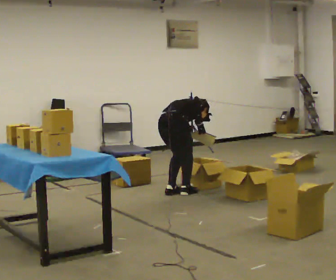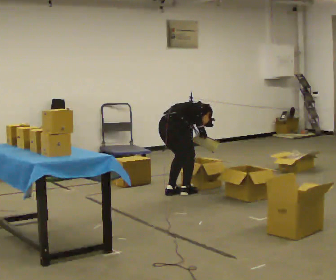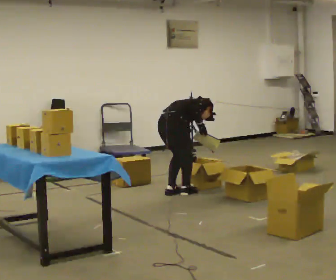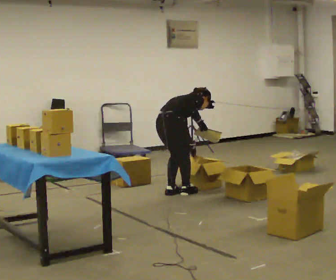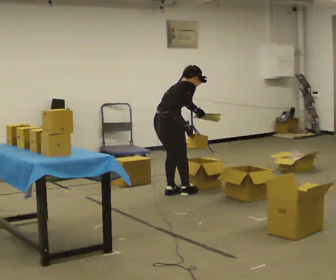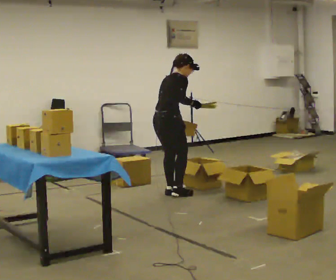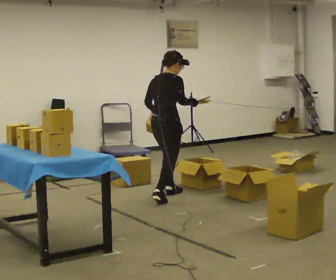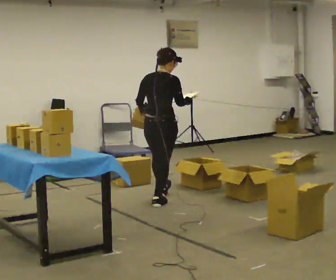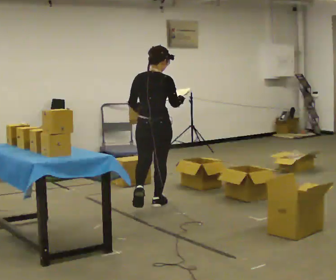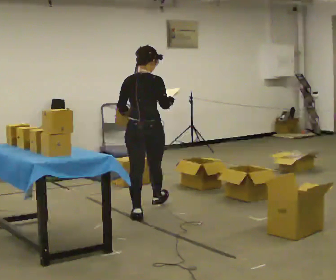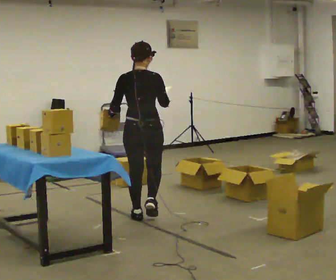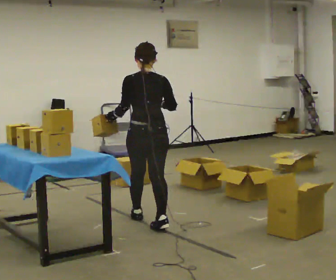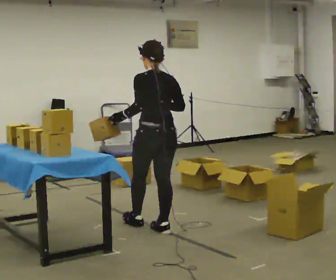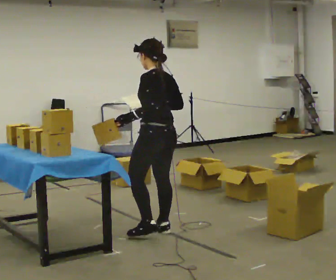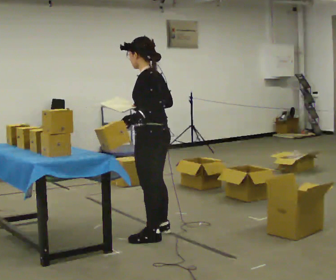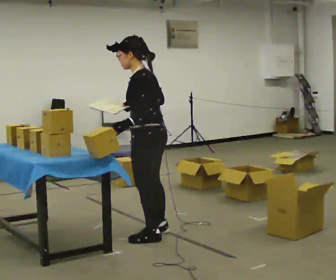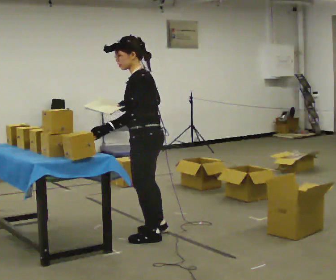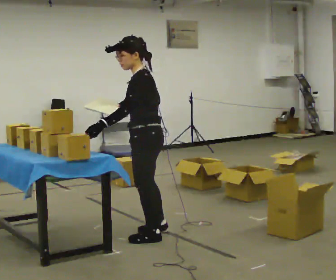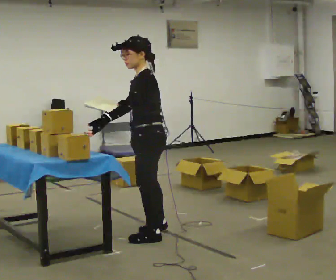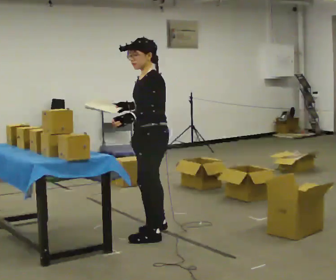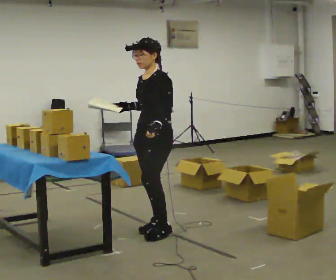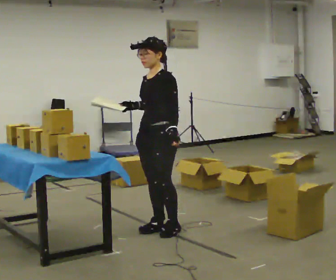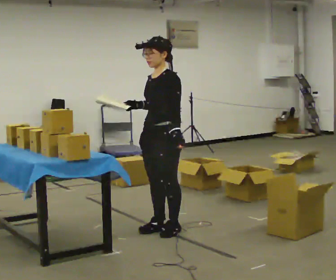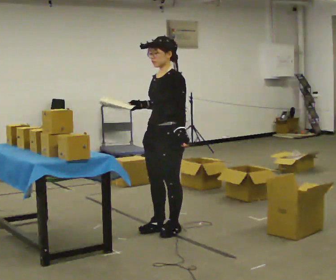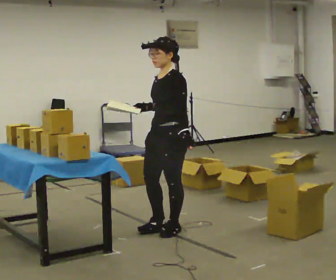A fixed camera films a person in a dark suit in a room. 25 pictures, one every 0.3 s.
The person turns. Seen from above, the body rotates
counterclockwise.
The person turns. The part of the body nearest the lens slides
to the right.
0.0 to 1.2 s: The upper body tips toward the camera, its near side rolling downward, as they lean back or straighten.
1.2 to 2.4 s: The part of the body nearest the lens slides to the right as the person turns to their left by about 45 degrees. In the picture they go toward the camera, about 0.5 m in 2 steps, which for them is backward and to their right. In the picture the upper body tilts counterclockwise, shoulders to the left, as they lean back or straighten.
2.4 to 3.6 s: The part of the body nearest the lens slides to the right as the person turns to their left by about 45 degrees. In the picture they go toward the camera, about 1 m in 2 steps, which for them is backward.
3.6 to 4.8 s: Seen from above the body turns counterclockwise, about 60 degrees: to their left, with its near side sliding to the right. In the picture they go toward the camera, about 0.25 m, which for them is to their left.
4.8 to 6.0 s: The part of the body nearest the lens slides to the right as the person turns to their left by about 45 degrees. In the picture they go away from the camera, about 0.25 m in 1 step, which for them is to their right. In the picture their left hand goes to the right.
6.0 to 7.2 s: The person moves a little, or ends about where they began.
The film runs backward here.
